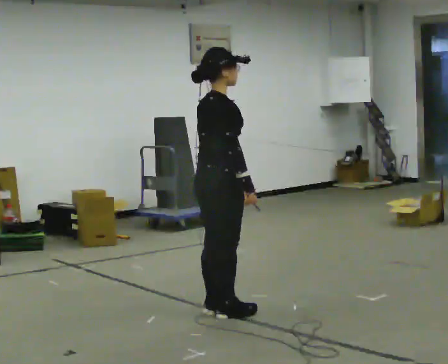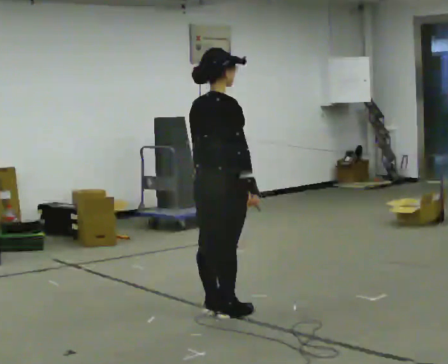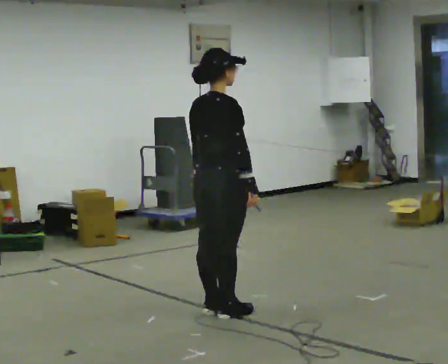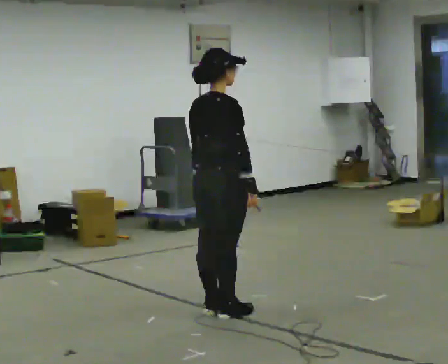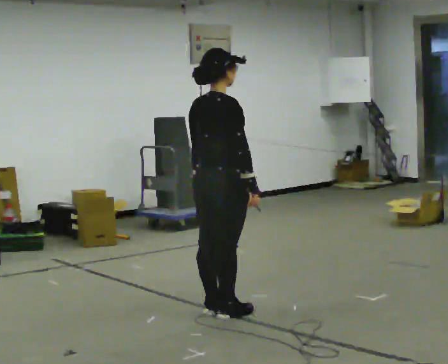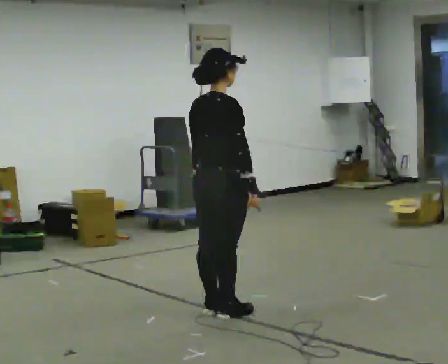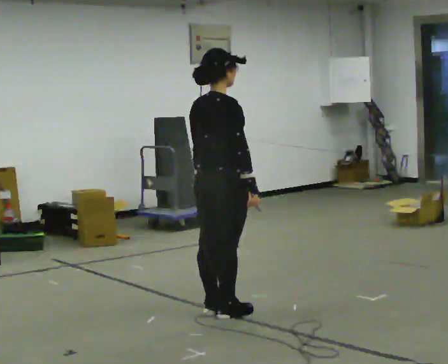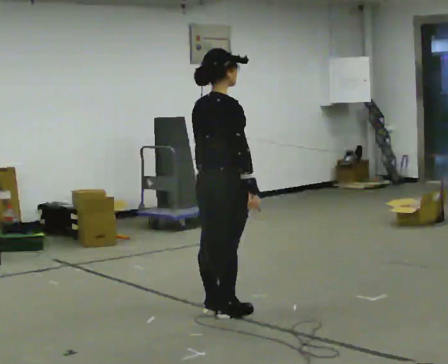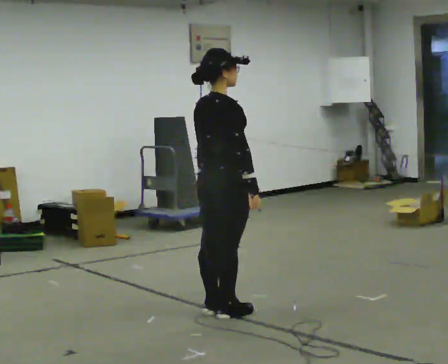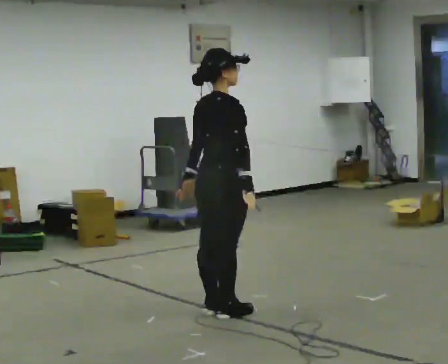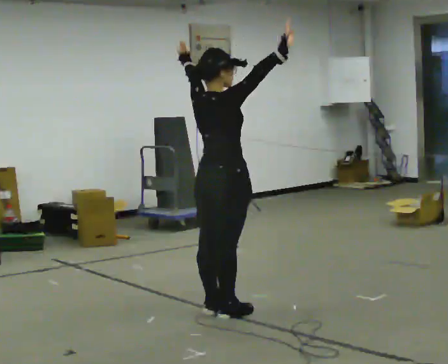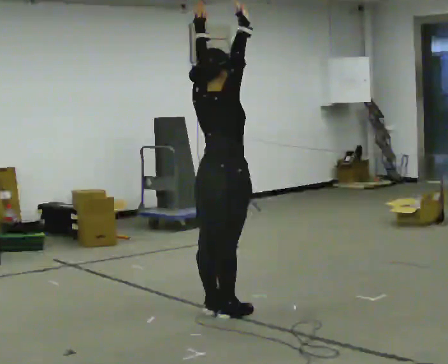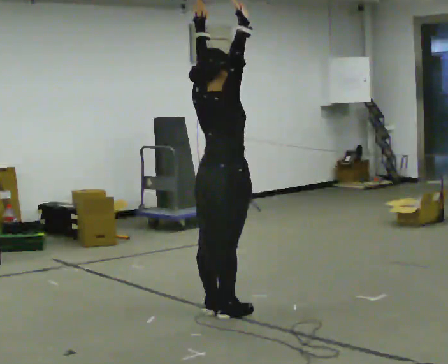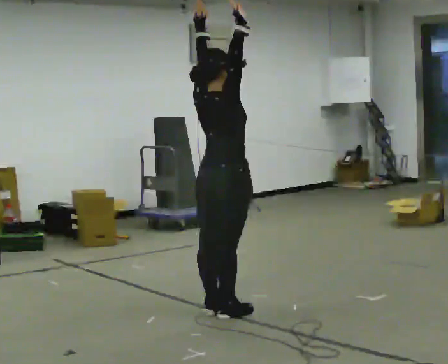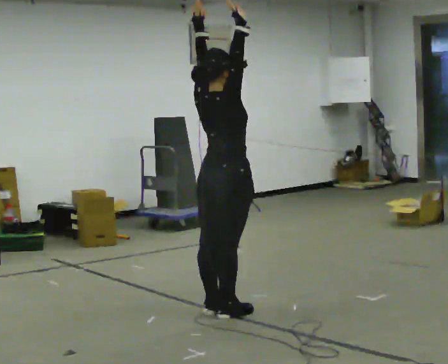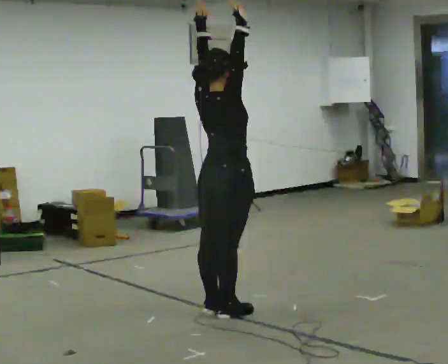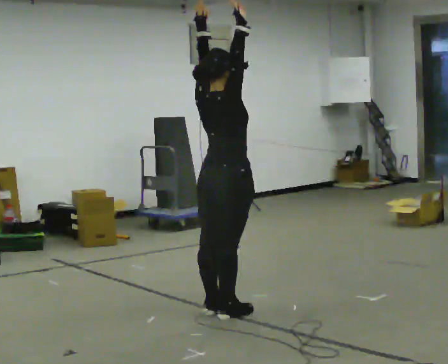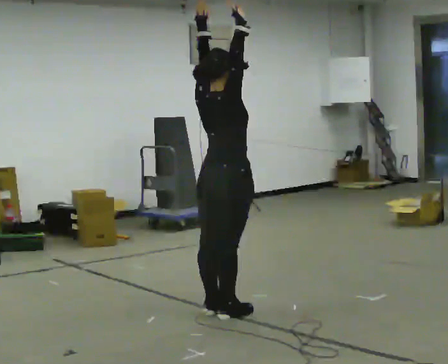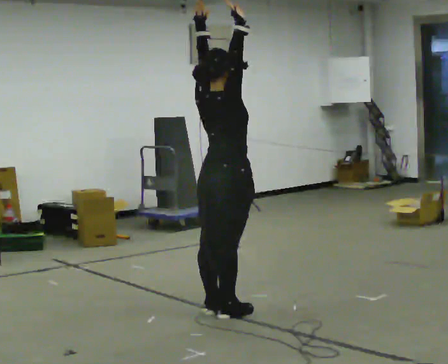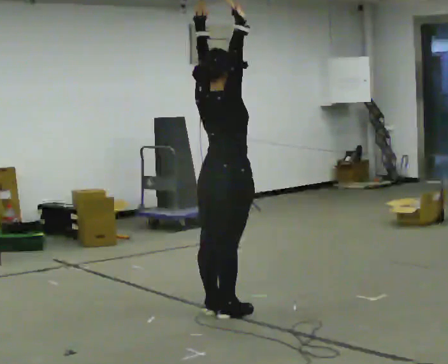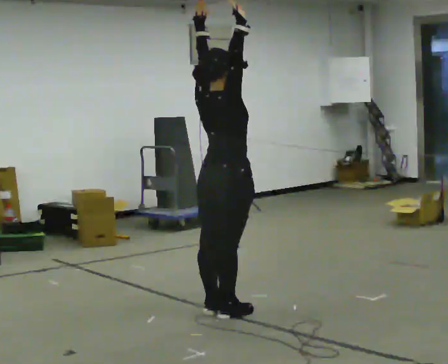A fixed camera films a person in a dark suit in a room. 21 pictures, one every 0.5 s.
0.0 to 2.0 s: Seen from above the body turns counterclockwise, about 30 degrees: to their left, with its near side sliding to the right.
2.0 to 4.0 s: The person moves a little, or ends about where they began.
4.0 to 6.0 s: In the picture their right hand goes upward, the arm swinging counterclockwise.
6.0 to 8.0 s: The person moves a little, or ends about where they began.
8.0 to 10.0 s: The person keeps their place and pose.
The film runs backward here.
